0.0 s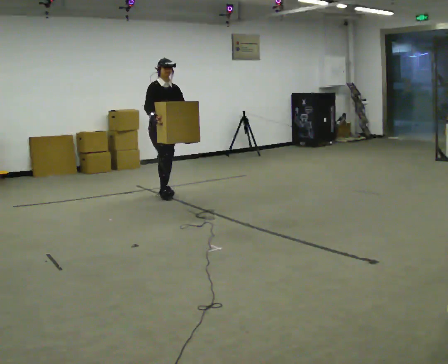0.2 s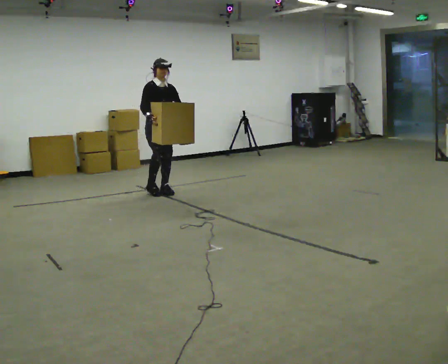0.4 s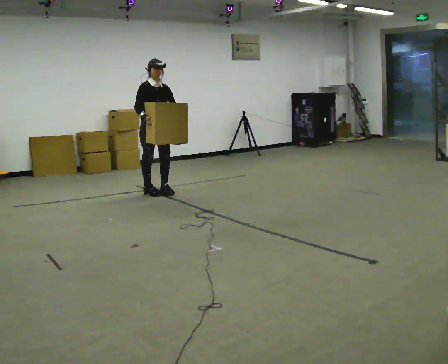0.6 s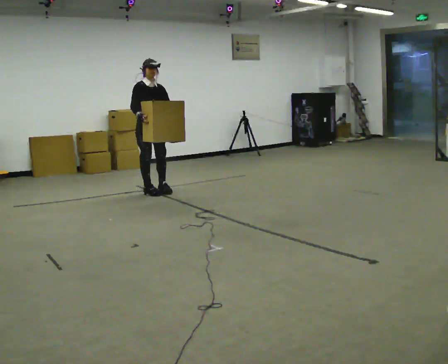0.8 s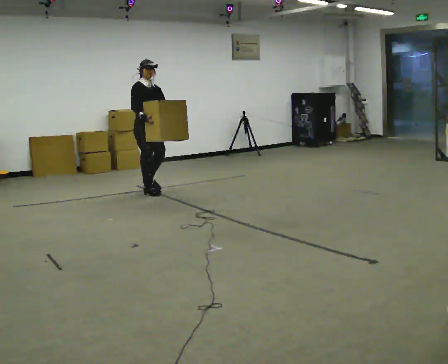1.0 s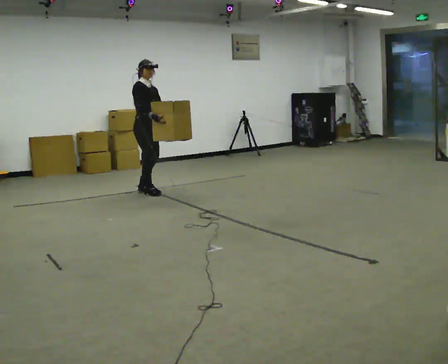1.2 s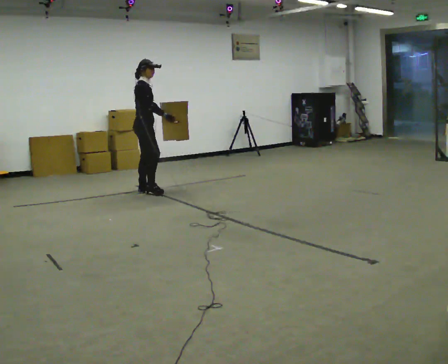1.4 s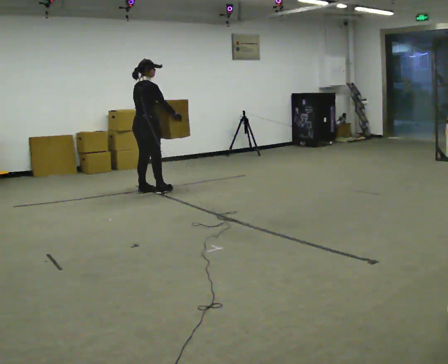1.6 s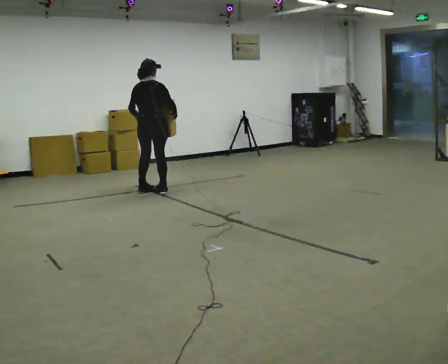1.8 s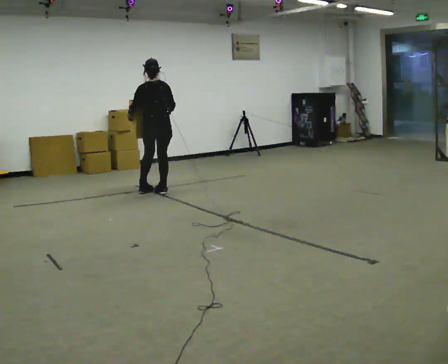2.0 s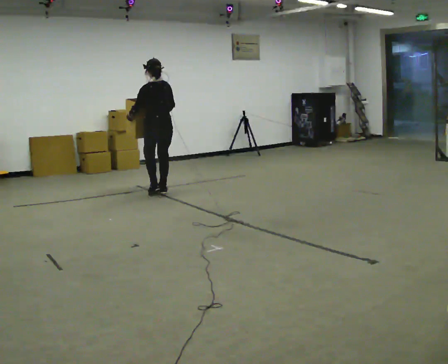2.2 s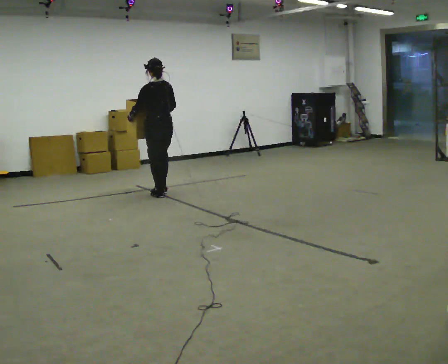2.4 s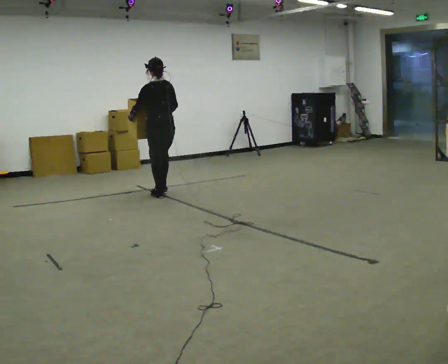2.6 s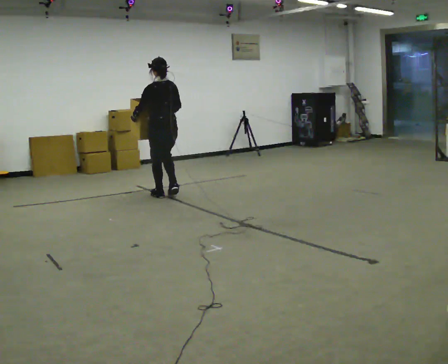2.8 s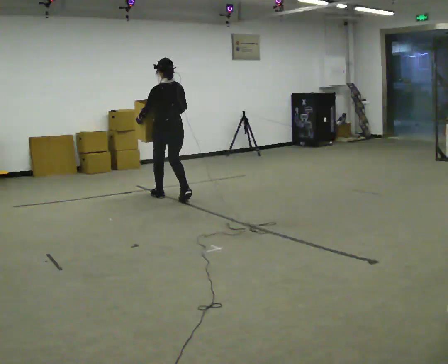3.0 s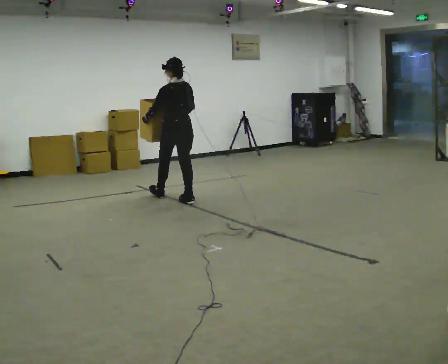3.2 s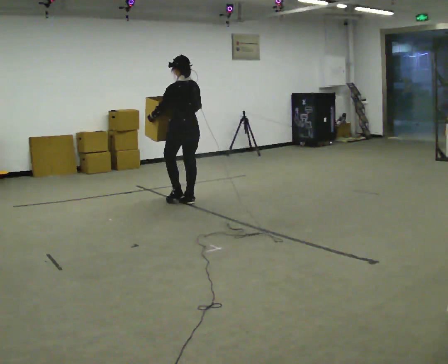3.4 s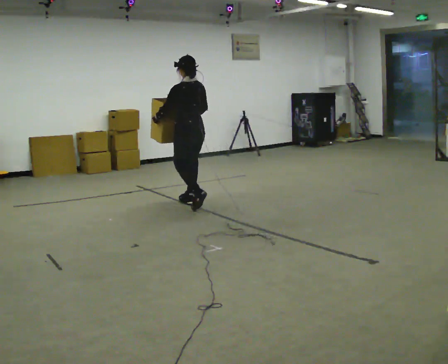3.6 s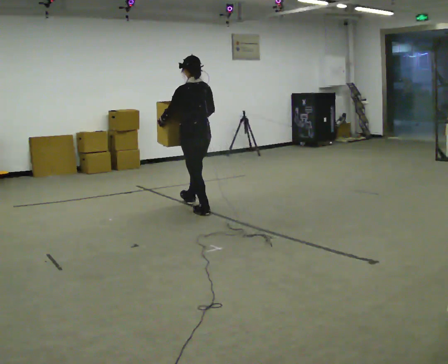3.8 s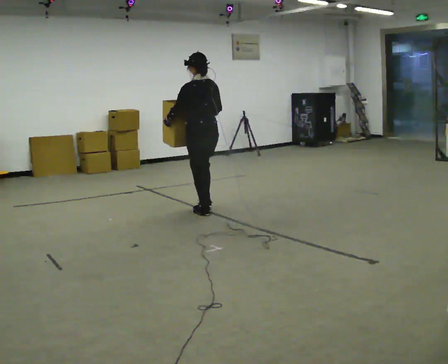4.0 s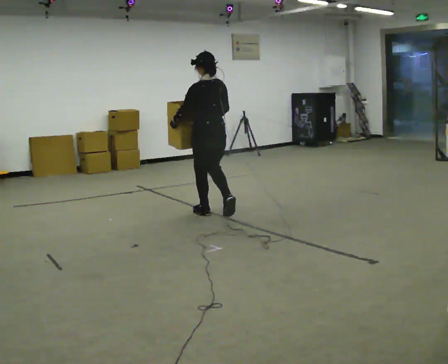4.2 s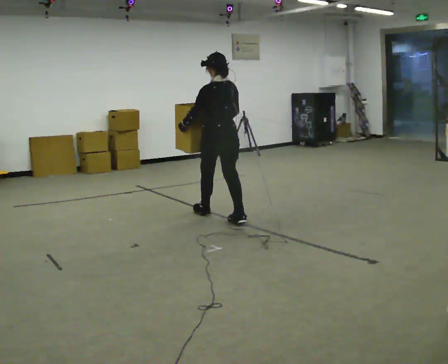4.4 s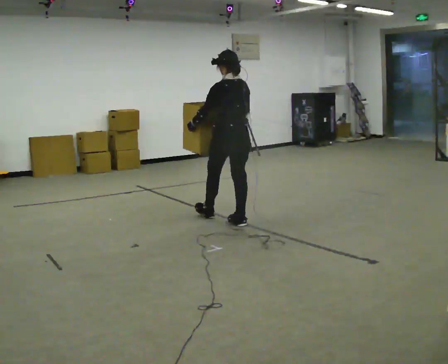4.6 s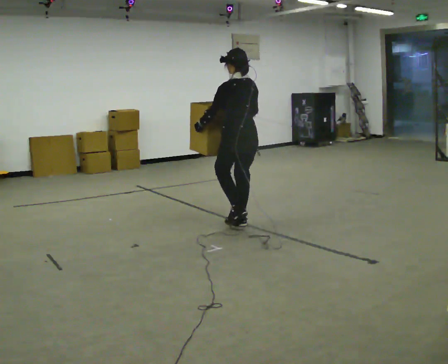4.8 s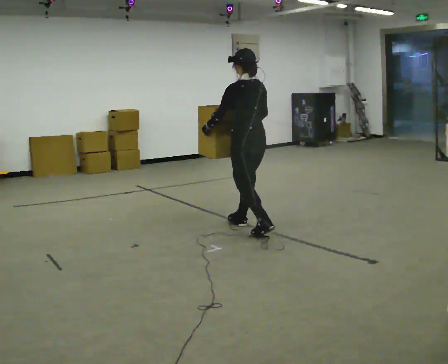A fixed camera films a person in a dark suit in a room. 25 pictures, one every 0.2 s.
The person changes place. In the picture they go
toward the camera.
Their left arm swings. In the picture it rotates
clockwise.
0.0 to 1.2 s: The person turns about 60 degrees to their left, counterclockwise seen from above, so the part of the body nearest the lens slides to the right. In the picture they go to the left, about 0.25 m in 2 steps, which for them is backward and to their right.
1.2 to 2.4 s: The part of the body nearest the lens slides to the right as the person turns to their left by about 120 degrees. In the picture they go to the right and toward the camera, about 0.25 m in 1 step.
2.4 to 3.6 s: In the picture they go toward the camera and to the right, about 1 m in 2 steps, which for them is backward.
3.6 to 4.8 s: In the picture they go toward the camera and to the right, about 1 m in 2 steps, which for them is backward.
The film runs backward here.
